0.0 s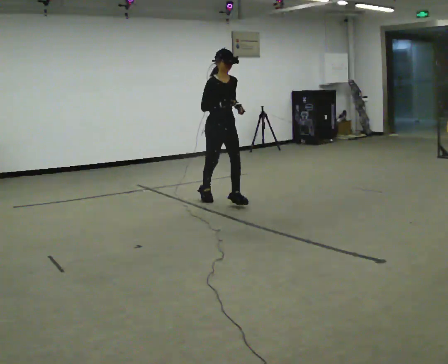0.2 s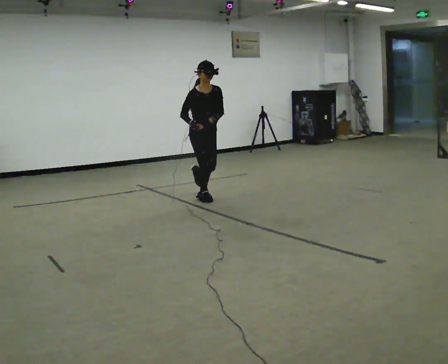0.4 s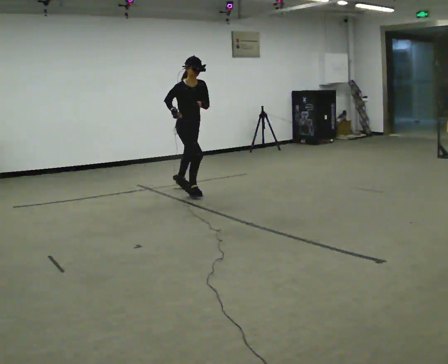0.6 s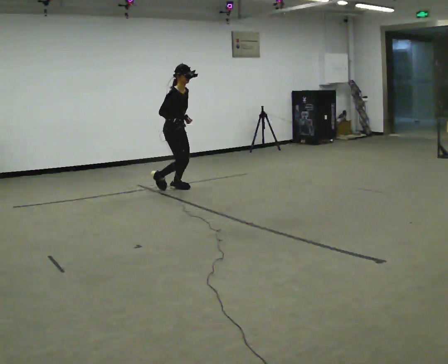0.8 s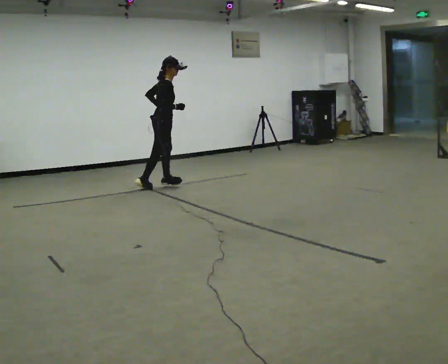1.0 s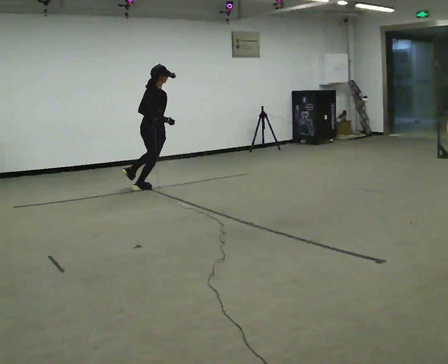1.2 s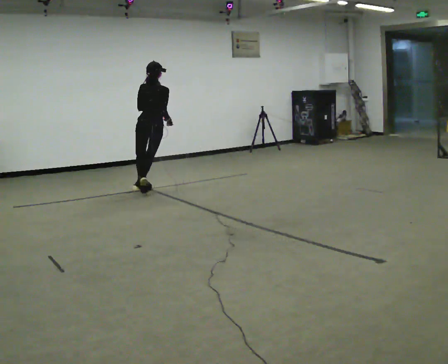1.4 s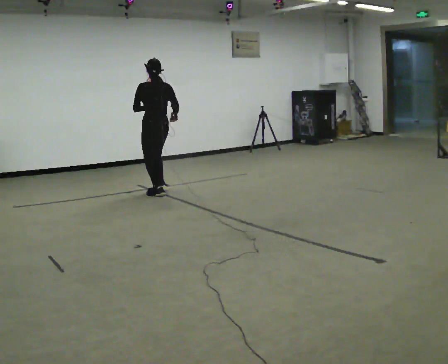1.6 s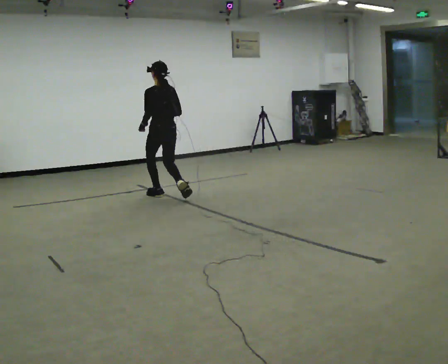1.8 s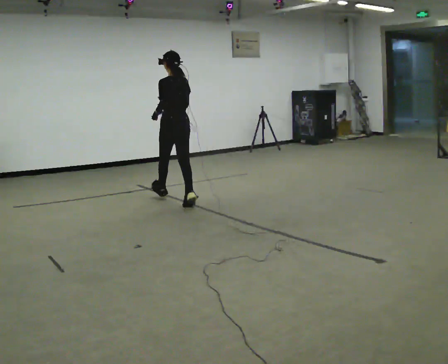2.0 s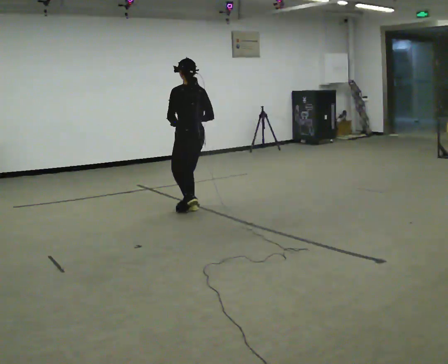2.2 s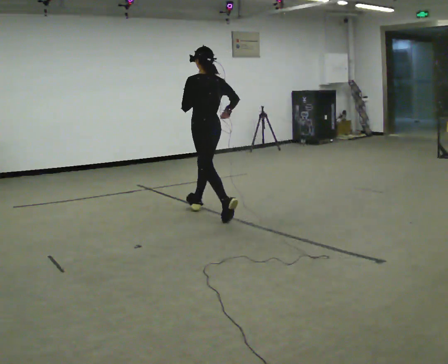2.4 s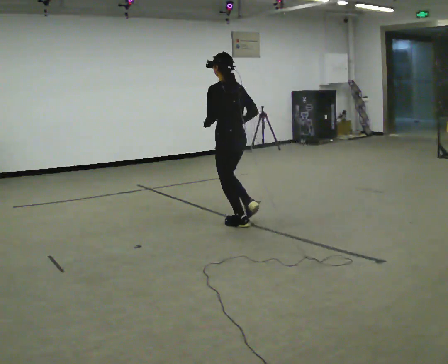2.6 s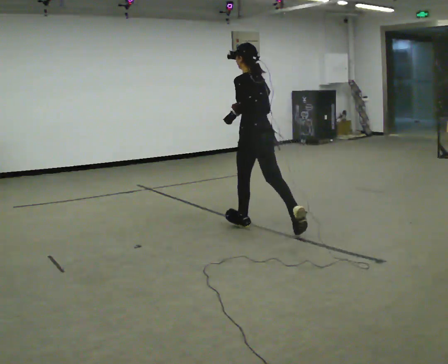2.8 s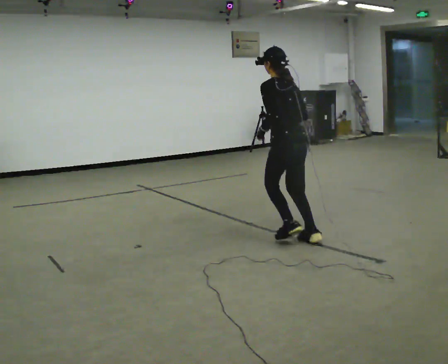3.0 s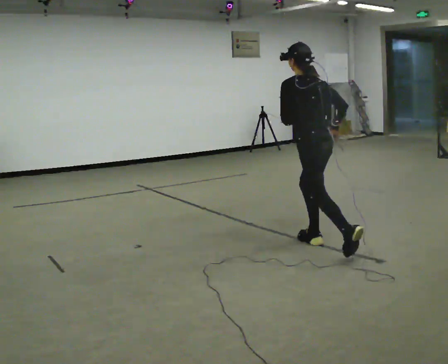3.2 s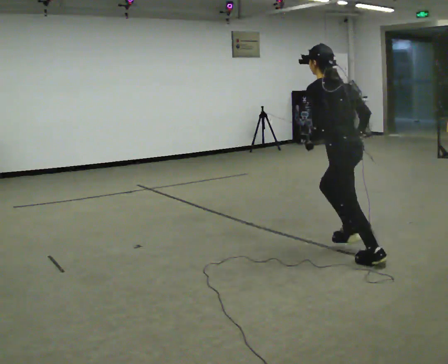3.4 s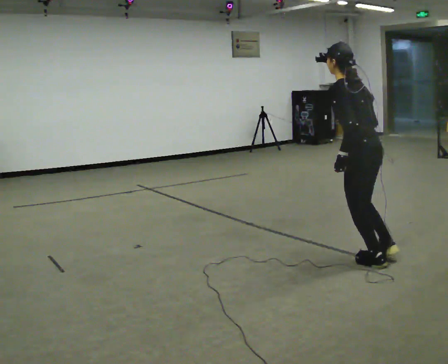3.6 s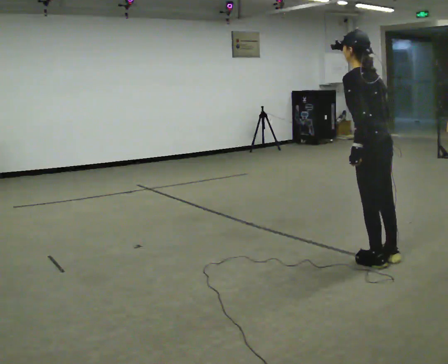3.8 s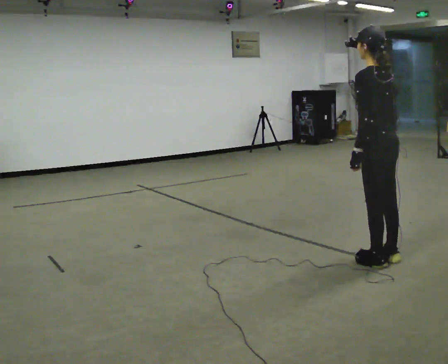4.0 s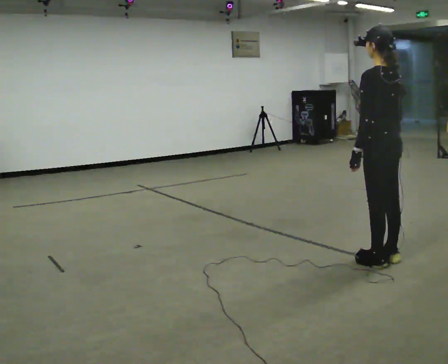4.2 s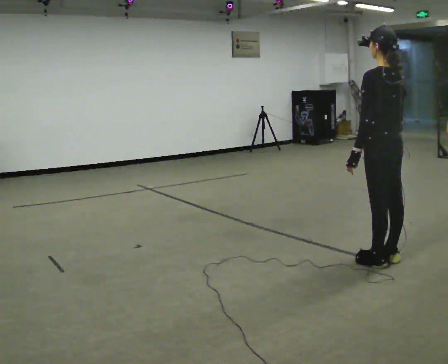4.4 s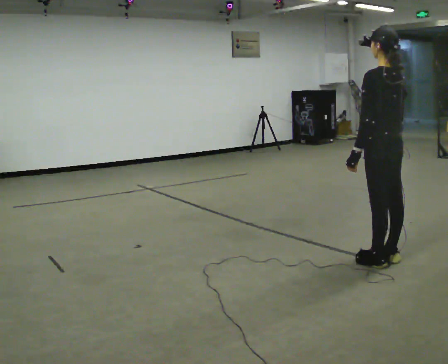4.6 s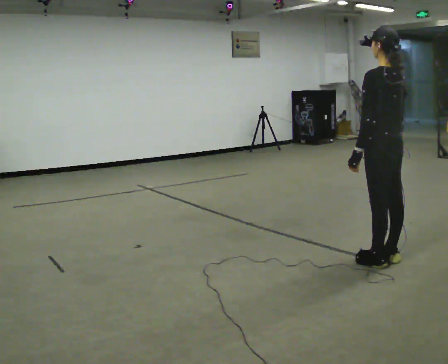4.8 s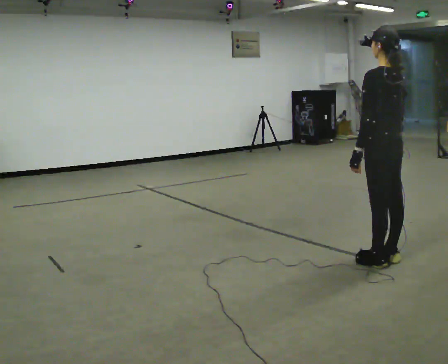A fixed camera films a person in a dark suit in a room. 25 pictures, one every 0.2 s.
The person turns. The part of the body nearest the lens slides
to the right.
The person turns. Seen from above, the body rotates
counterclockwise.
0.0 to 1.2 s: The part of the body nearest the lens slides to the right as the person turns to their left by about 135 degrees. In the picture they go to the left and away from the camera, about 1 m in 3 steps.
1.2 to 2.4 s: The part of the body nearest the lens slides to the right as the person turns to their left by about 45 degrees. In the picture they go toward the camera and to the right, about 1.5 m in 2 steps, which for them is backward.
2.4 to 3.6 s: In the picture they go toward the camera and to the right, about 1.5 m in 2 steps, which for them is backward.
3.6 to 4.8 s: The person moves a little, or ends about where they began.
The film runs backward here.
